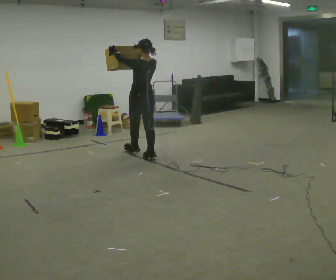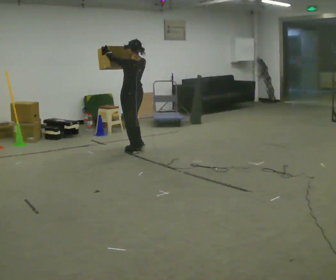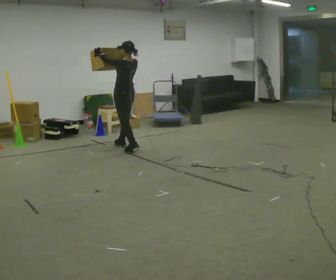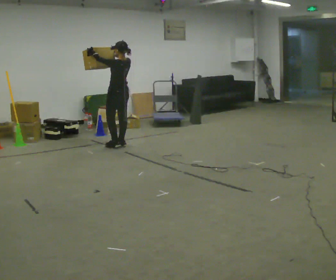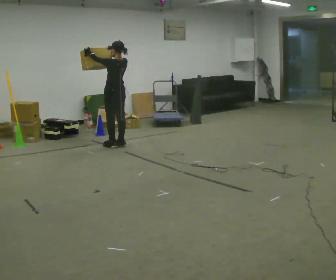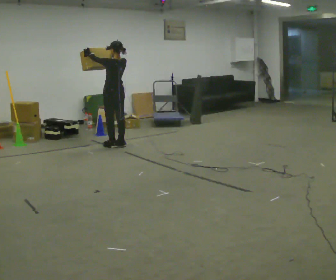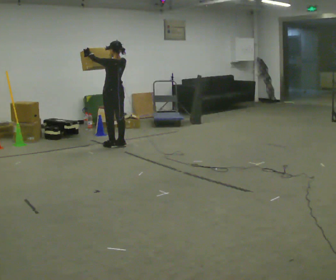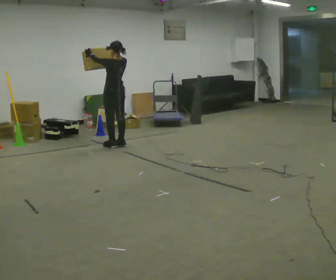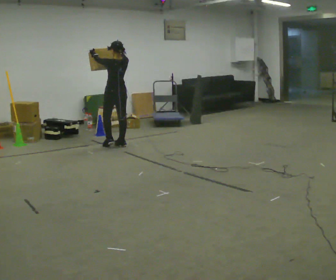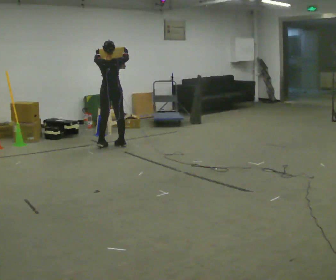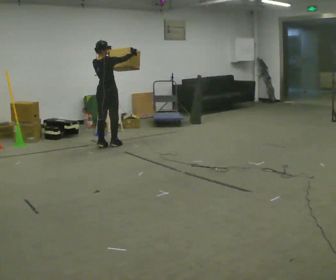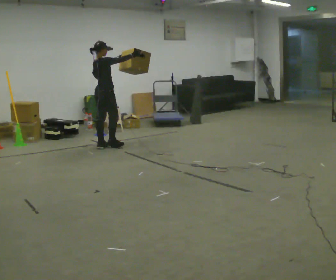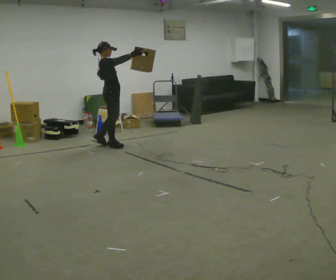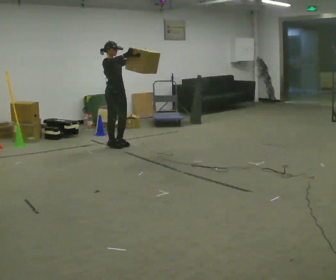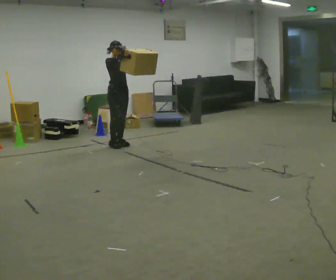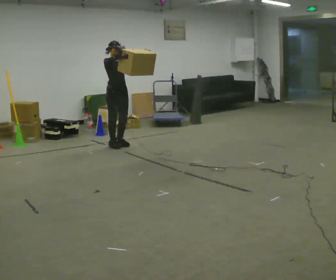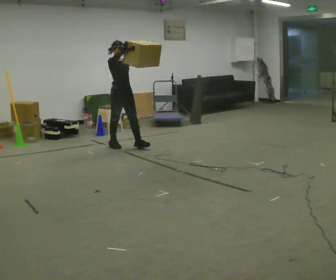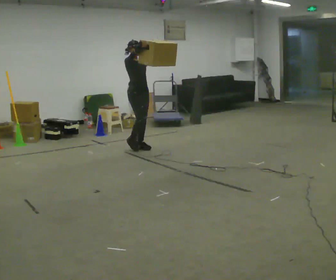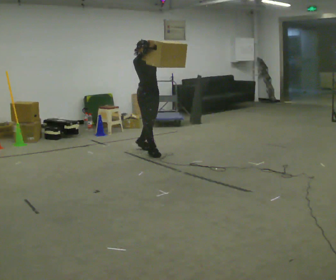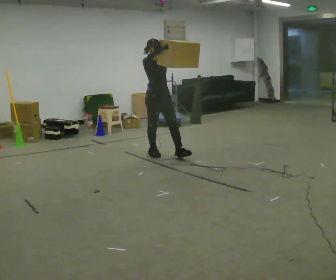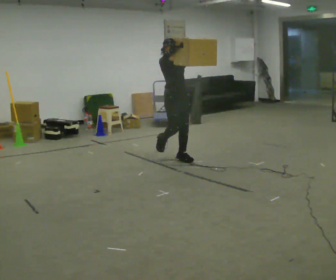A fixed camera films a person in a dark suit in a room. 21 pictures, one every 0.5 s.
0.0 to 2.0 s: In the picture they go away from the camera and to the left, about 0.5 m in 2 steps, which for them is forward.
2.0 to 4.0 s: The person moves a little, or ends about where they began.
4.0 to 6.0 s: The person turns about 120 degrees to their right, clockwise seen from above, so the part of the body nearest the lens slides to the left. In the picture the upper body tilts counterclockwise, shoulders to the left. In the picture their left hand goes to the right.
6.0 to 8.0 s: Seen from above the body turns clockwise, about 45 degrees: to their right, with its near side sliding to the left. In the picture they go to the right, about 0.25 m in 2 steps, which for them is forward.
8.0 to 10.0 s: In the picture they go toward the camera and to the right, about 1 m in 2 steps, which for them is forward.
The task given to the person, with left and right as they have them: Carry the object held up above your head, walking back and forth across the room.
The film runs forward here.
